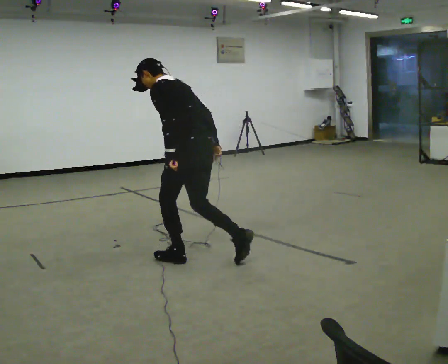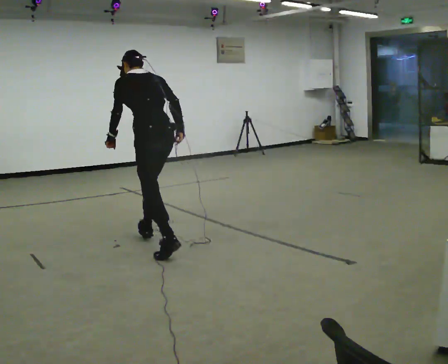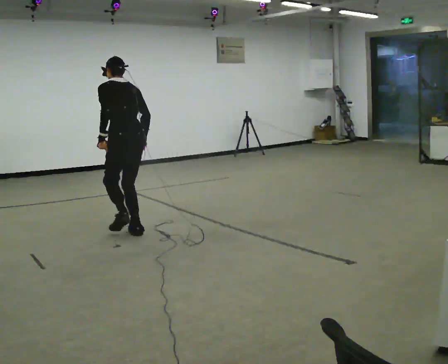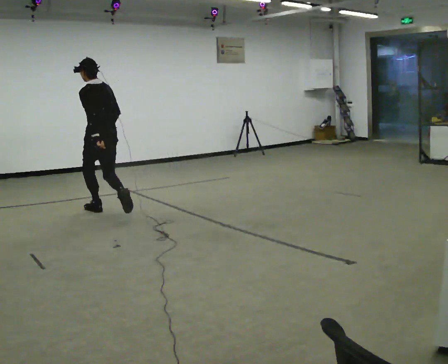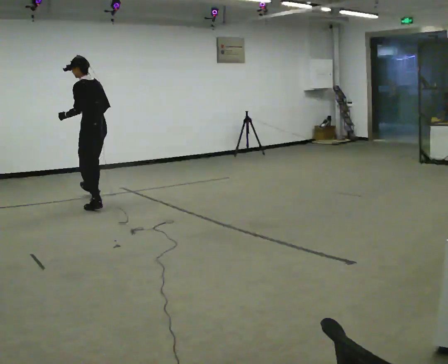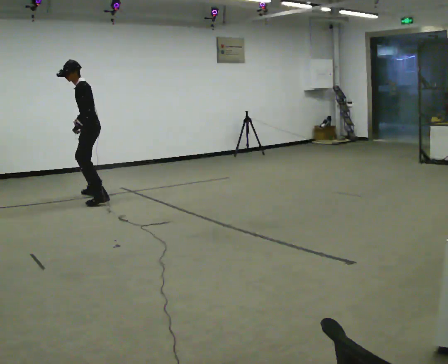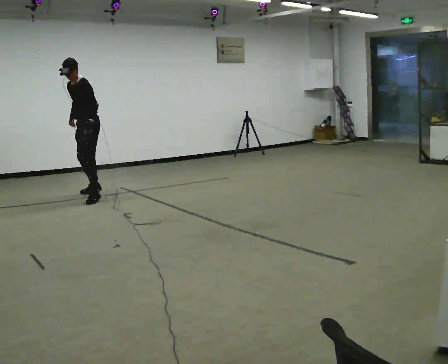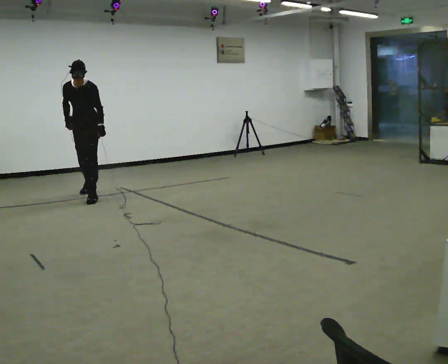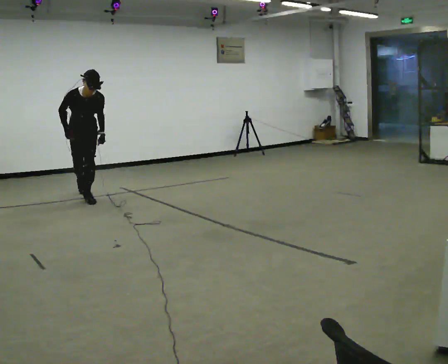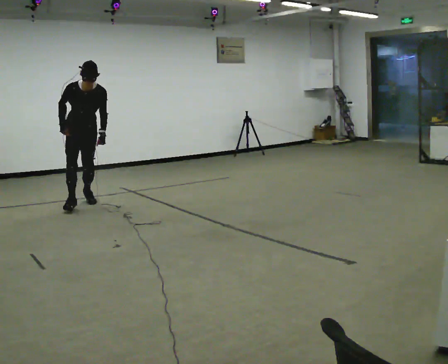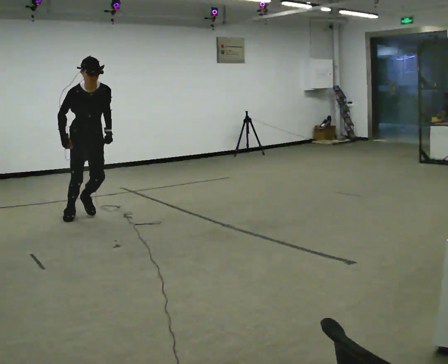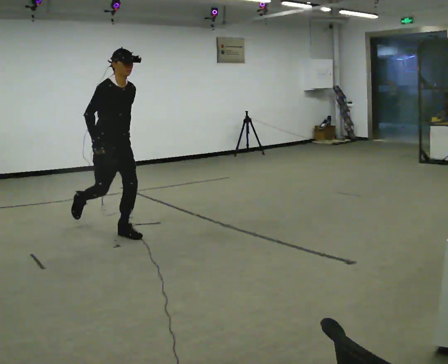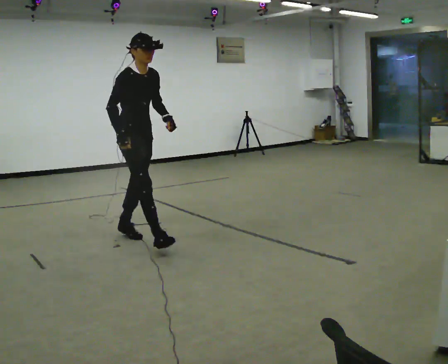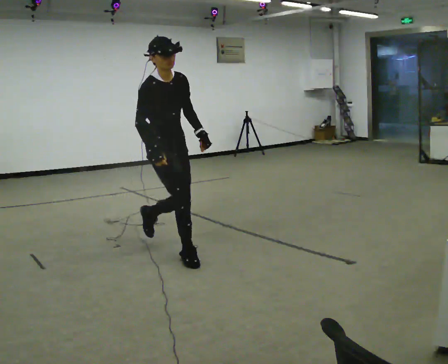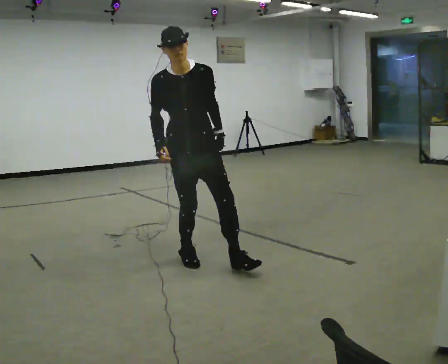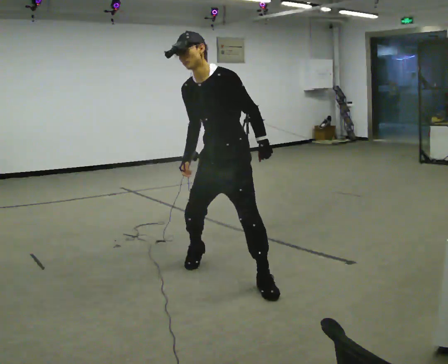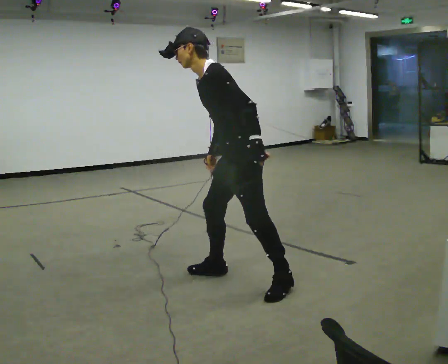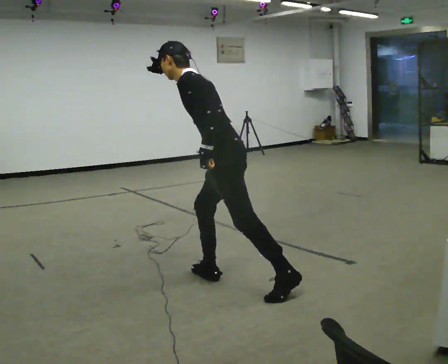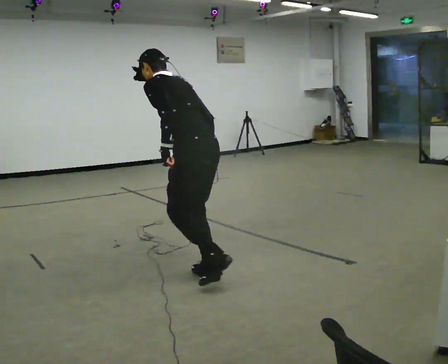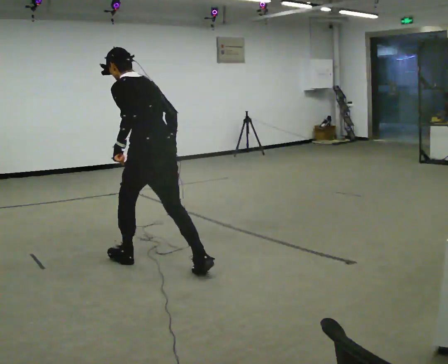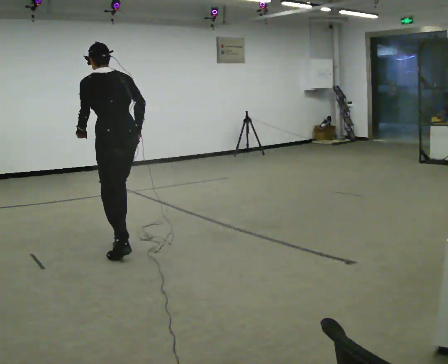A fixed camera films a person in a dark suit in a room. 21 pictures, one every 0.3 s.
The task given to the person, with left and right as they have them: Run toward the marker, then plant and change direction sharply to the side the operator calls, and keep running.
0.0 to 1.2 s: In the picture they go away from the camera, about 2 m in 2 steps, which for them is forward. The upper body tips toward the camera, its near side rolling downward, as they lean back or straighten.
1.2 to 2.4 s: The person turns about 120 degrees to their left, counterclockwise seen from above, so the part of the body nearest the lens slides to the right. In the picture they go to the left, about 0.25 m in 2 steps. The upper body tips toward the camera, its near side rolling downward, as they bend forward. In the picture their left hand goes to the right, the arm swinging counterclockwise.
2.4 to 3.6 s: Seen from above the body turns counterclockwise, about 45 degrees: to their left, with its near side sliding to the right. In the picture they go toward the camera, about 2 m in 2 steps, which for them is forward. The upper body tips away from the camera, its near side rolling upward, as they lean back or straighten.
3.6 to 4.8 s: Seen from above the body turns clockwise, about 135 degrees: to their right, with its near side sliding to the left. In the picture they go toward the camera and to the right, about 1 m in 2 steps. In the picture the upper body tilts counterclockwise, shoulders to the left, as they bend forward.
4.8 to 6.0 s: The person turns about 75 degrees to their right, clockwise seen from above, so the part of the body nearest the lens slides to the left. In the picture they go away from the camera and to the left, about 1.5 m in 1 step. In the picture the upper body tilts clockwise, shoulders to the right.
The film runs forward here.
